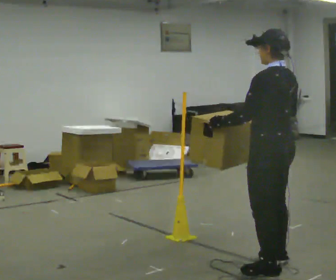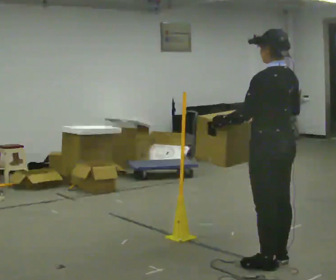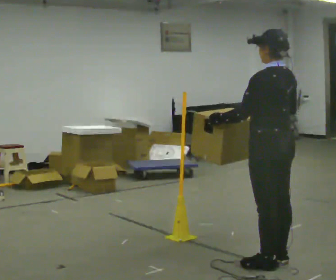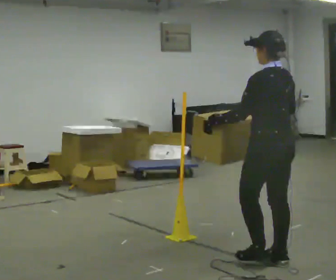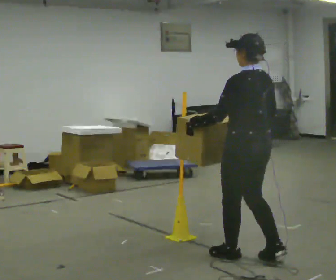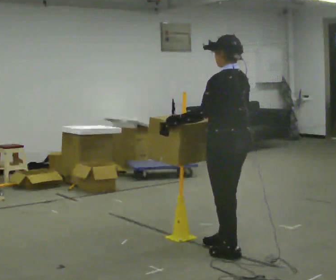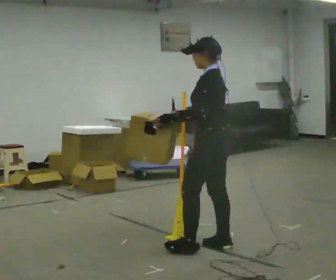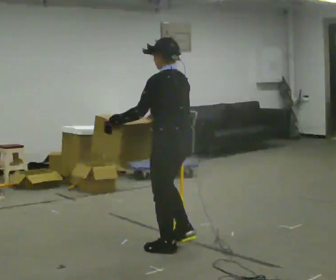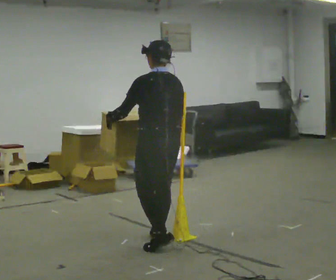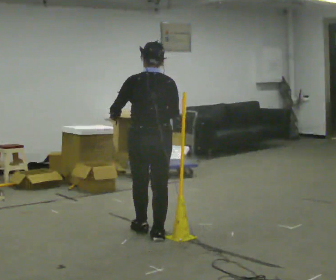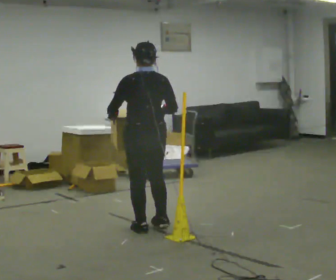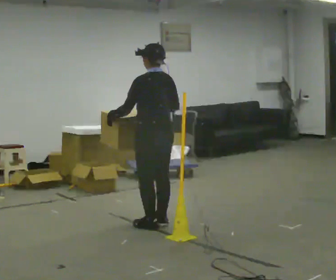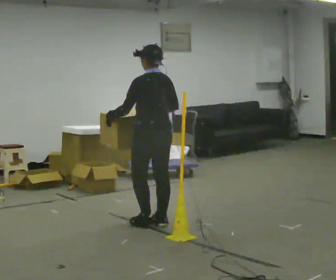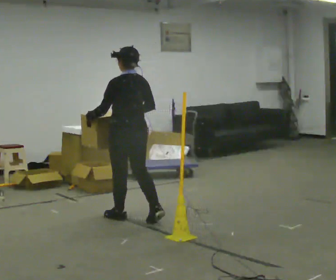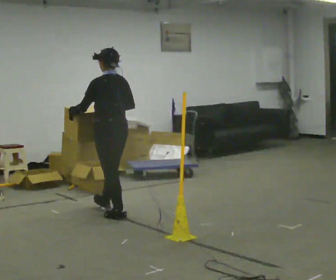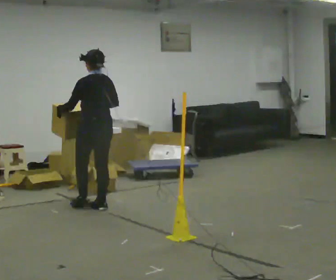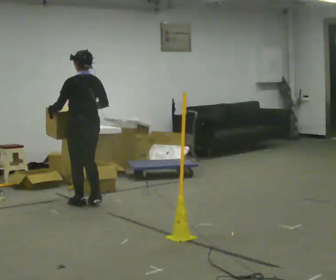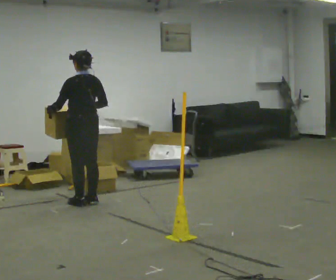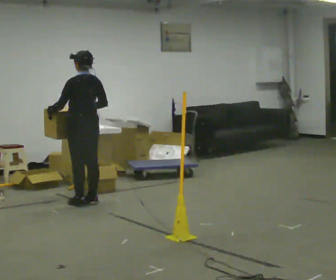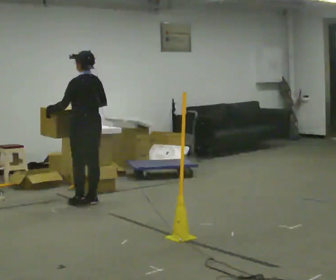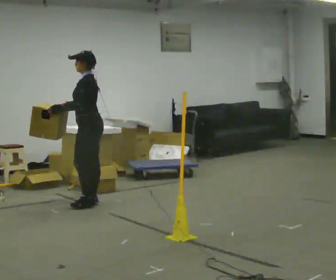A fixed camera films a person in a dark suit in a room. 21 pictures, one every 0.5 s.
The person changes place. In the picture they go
away from the camera.
0.0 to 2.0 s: In the picture they go away from the camera, about 0.25 m in 1 step, which for them is forward.
2.0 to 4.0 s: In the picture they go to the left and away from the camera, about 1 m in 3 steps, which for them is forward.
4.0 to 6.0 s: In the picture they go away from the camera, about 0.5 m in 2 steps, which for them is forward.
6.0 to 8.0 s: In the picture they go away from the camera and to the left, about 1 m in 3 steps, which for them is forward.
8.0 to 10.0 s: The person turns about 45 degrees to their left, counterclockwise seen from above, so the part of the body nearest the lens slides to the right.
The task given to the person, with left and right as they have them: Carry the box across the room. The operator will step into your path partway across, so go around them and carry on. Keep going until the operator says stop; one object at a time, and do not rush between trips.
The film runs forward here.
